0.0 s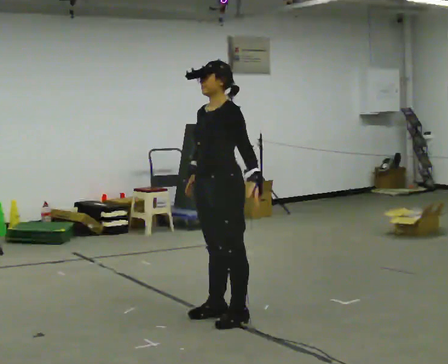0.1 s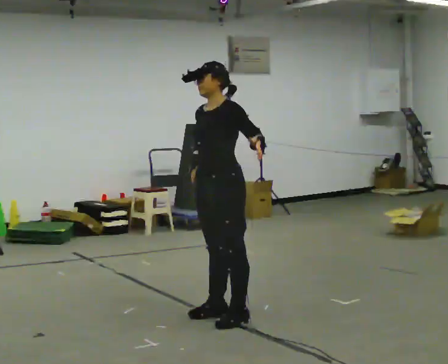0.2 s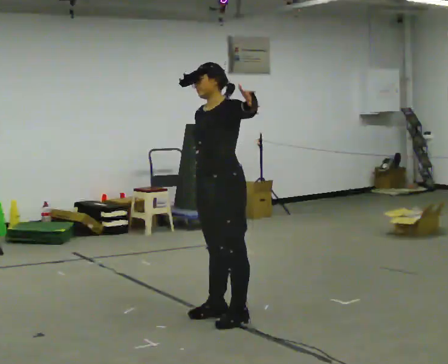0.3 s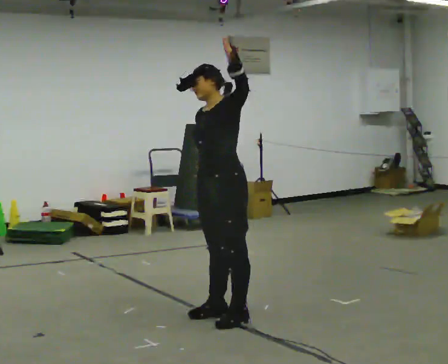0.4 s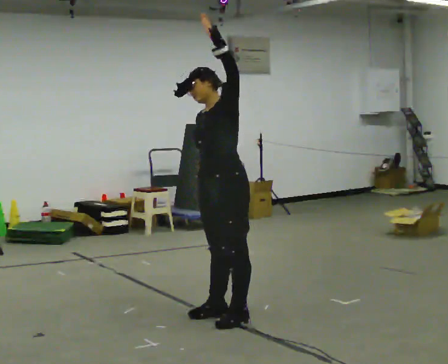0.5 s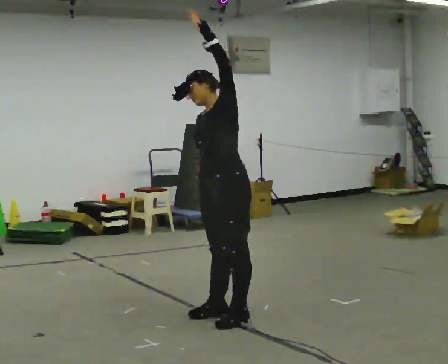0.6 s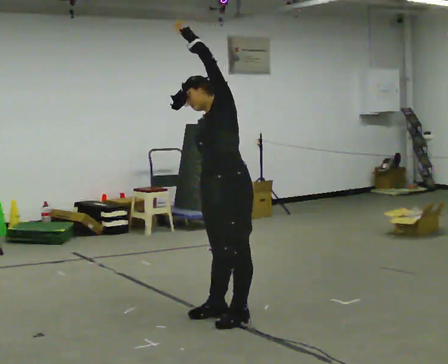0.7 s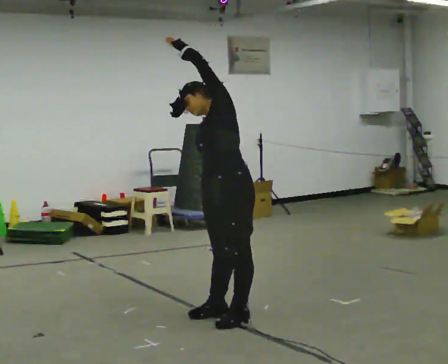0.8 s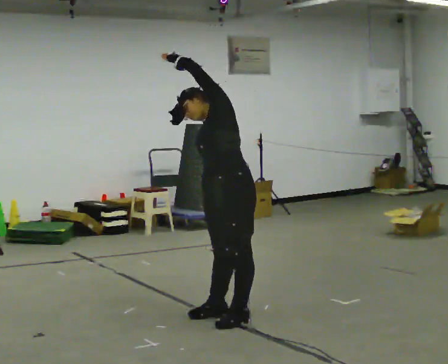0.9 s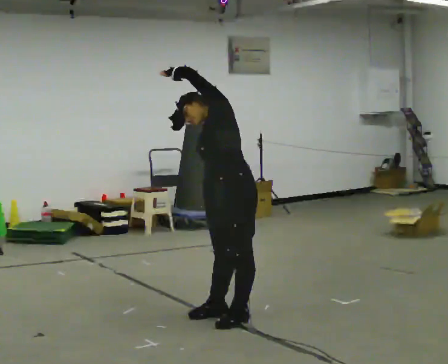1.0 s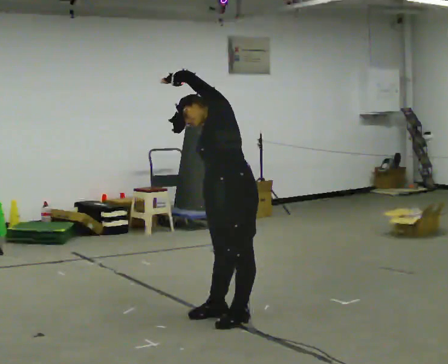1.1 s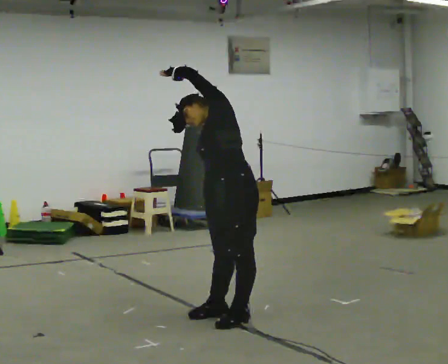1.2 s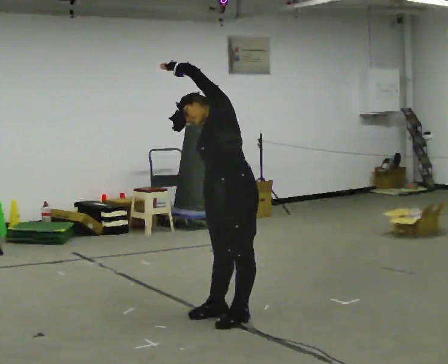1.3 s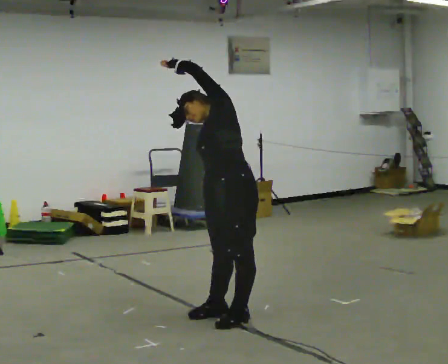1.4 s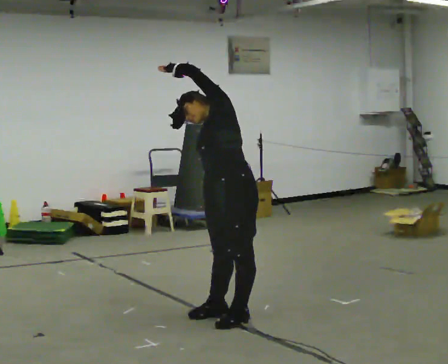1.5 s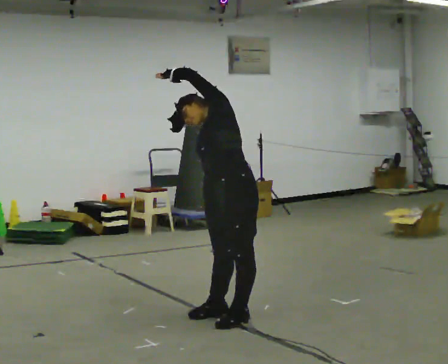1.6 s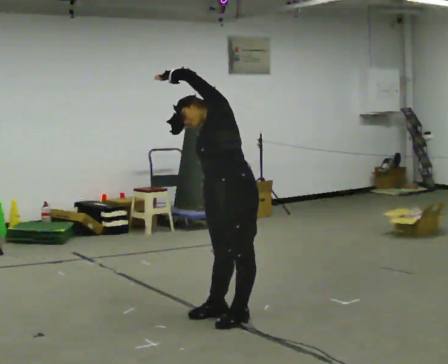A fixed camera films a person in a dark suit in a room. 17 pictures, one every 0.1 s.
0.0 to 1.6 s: The upper body tips away from the camera, its near side rolling upward. In the picture their left hand goes upward and to the left.
The film runs forward here.
